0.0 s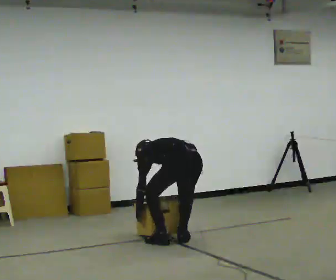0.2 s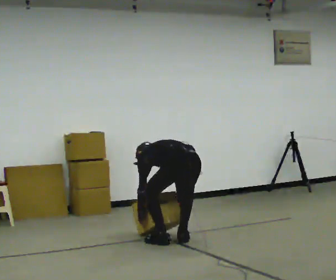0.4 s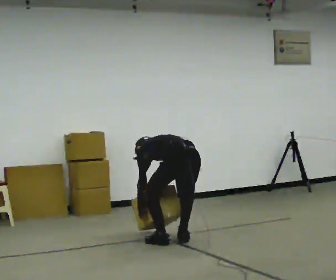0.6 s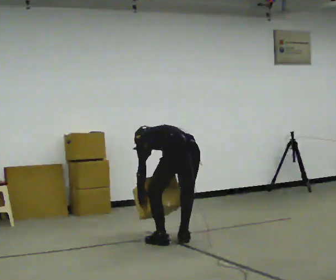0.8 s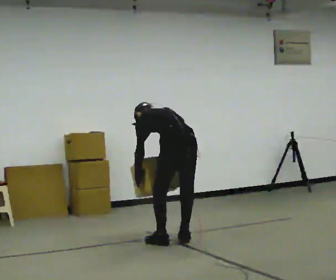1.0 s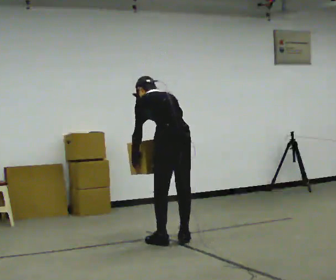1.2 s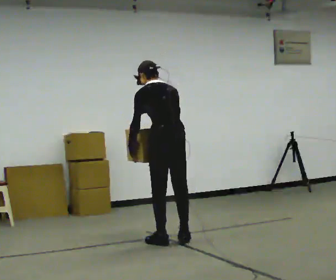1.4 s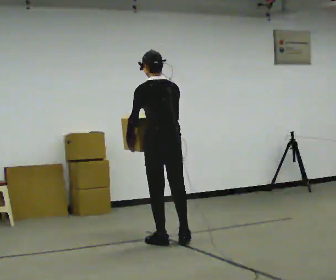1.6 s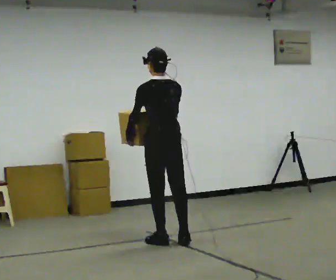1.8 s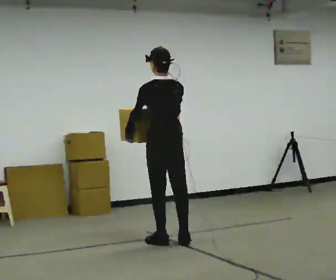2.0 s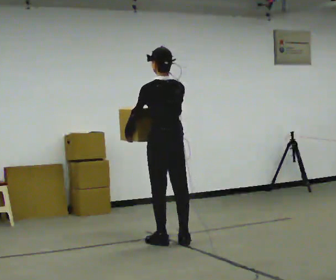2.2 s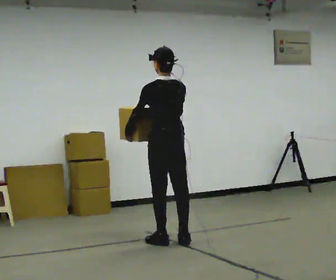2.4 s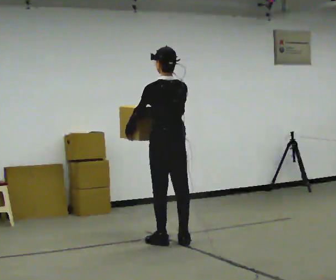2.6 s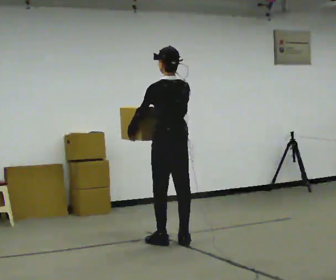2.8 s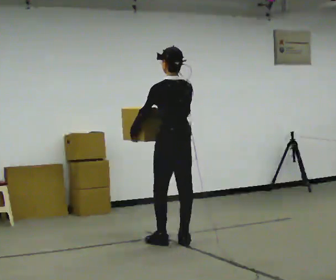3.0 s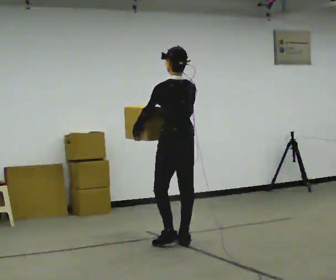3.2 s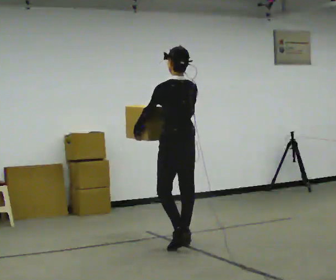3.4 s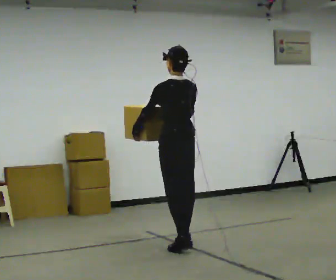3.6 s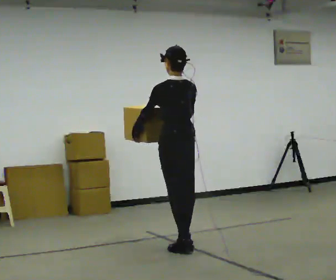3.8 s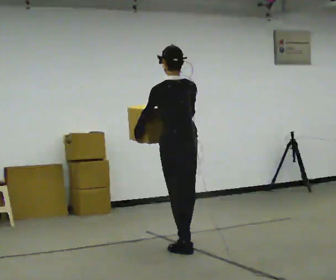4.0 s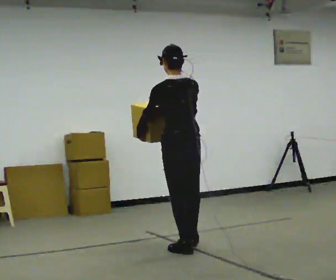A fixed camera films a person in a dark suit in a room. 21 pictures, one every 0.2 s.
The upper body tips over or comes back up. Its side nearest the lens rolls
downward.
Their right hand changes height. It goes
upward.
0.0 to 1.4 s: In the picture they go to the left, about 0.25 m, which for them is forward and to their left. The upper body goes upward. The upper body tips toward the camera, its near side rolling downward, as they lean back or straighten. In the picture their right hand goes upward.
1.4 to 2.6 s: The person moves a little, or ends about where they began.
2.6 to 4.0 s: In the picture they go toward the camera, about 0.25 m in 2 steps, which for them is backward.
The film runs backward here.
